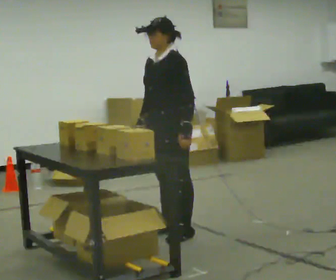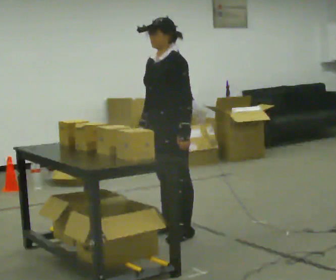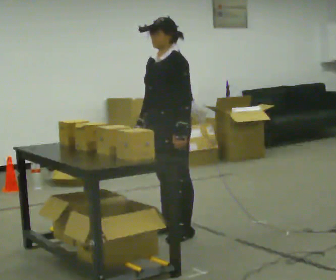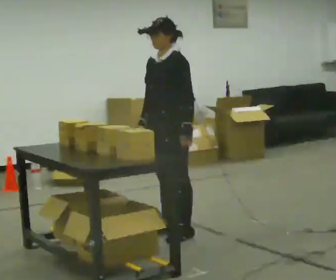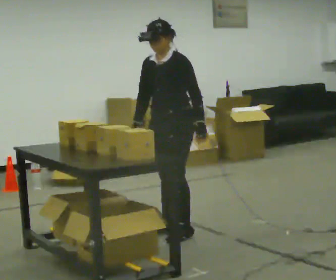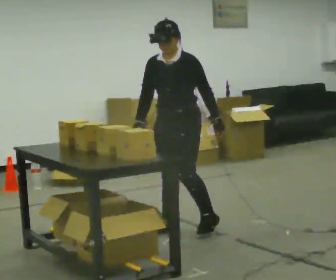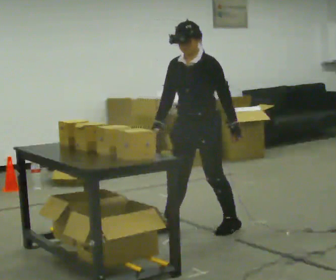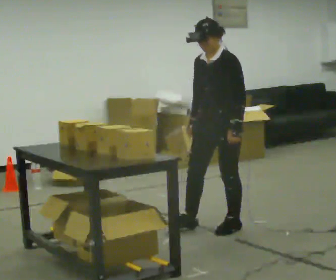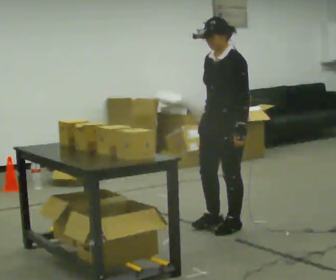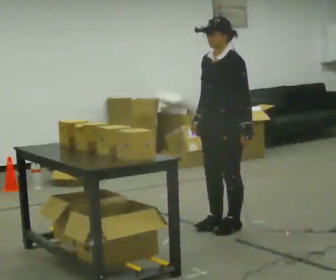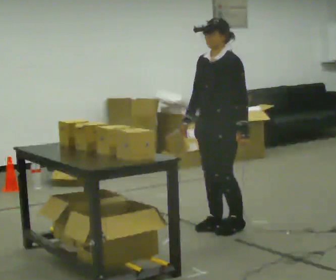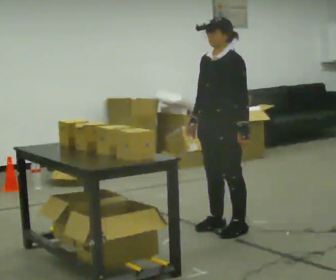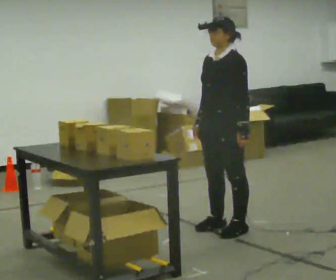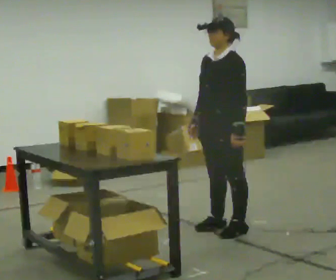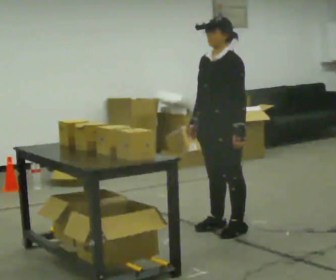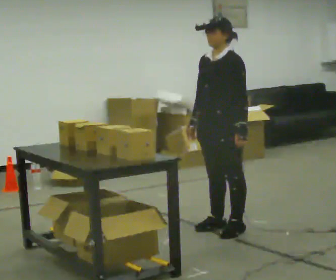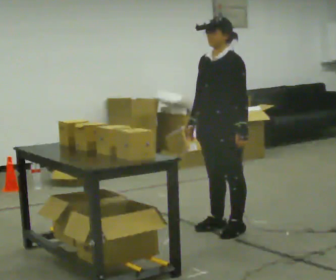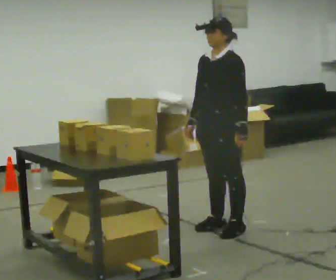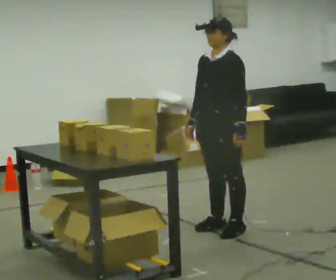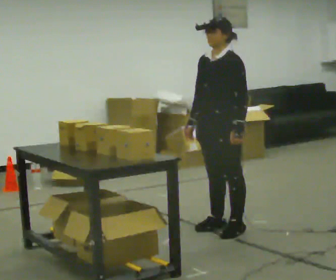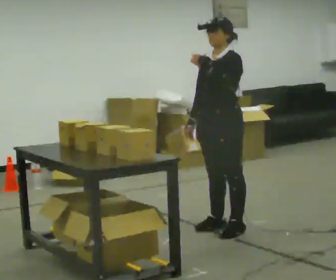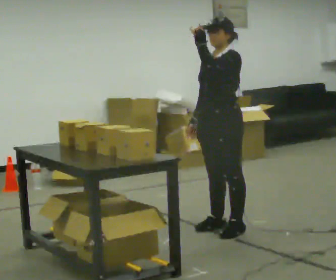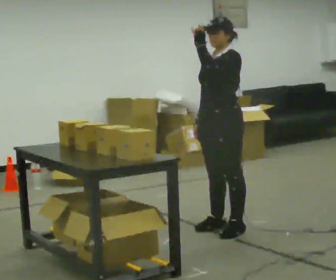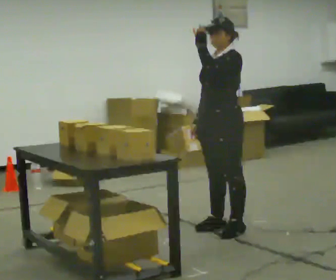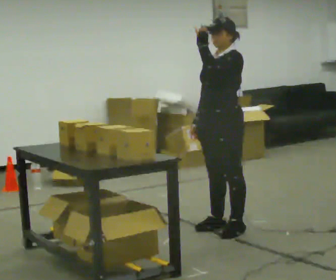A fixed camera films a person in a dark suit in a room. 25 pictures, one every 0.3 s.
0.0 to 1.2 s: The person moves a little, or ends about where they began.
1.2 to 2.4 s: In the picture they go to the right, about 0.5 m in 2 steps, which for them is to their left and backward.
2.4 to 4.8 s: The person moves a little, or ends about where they began.
4.8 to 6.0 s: In the picture their left hand goes upward.
6.0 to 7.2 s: The person moves a little, or ends about where they began.
The film runs forward here.
